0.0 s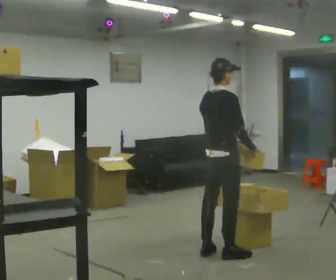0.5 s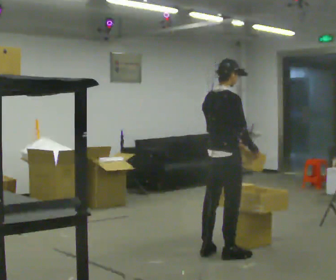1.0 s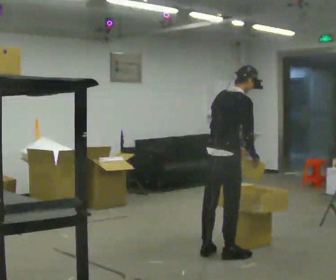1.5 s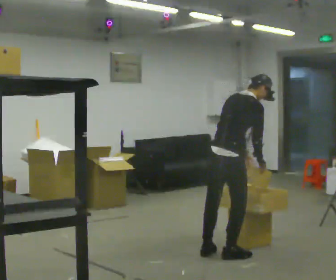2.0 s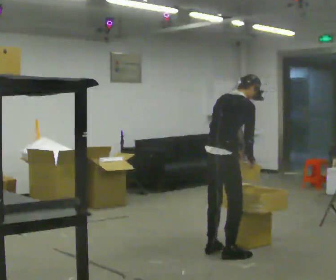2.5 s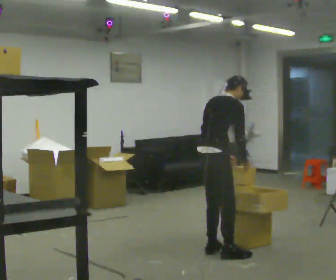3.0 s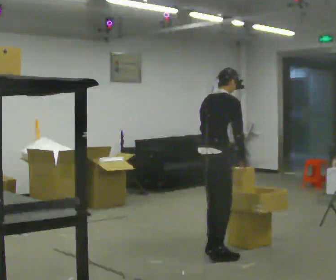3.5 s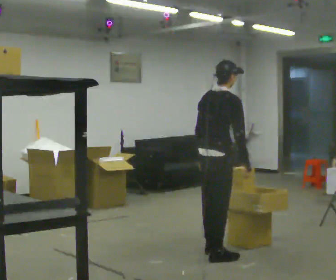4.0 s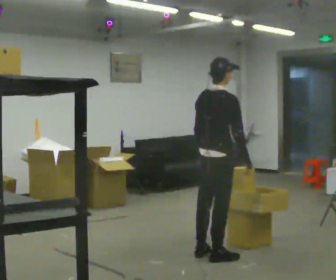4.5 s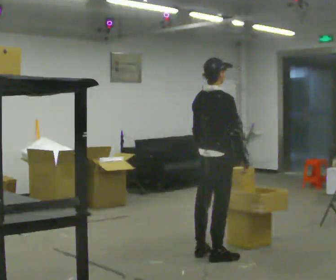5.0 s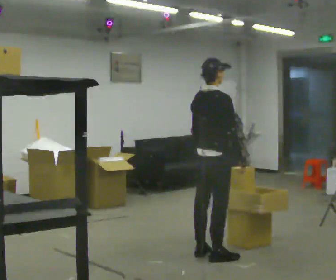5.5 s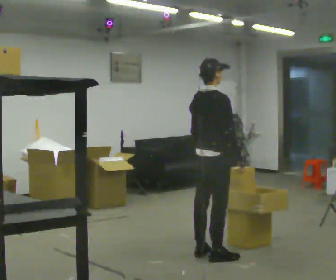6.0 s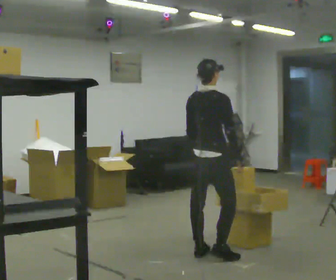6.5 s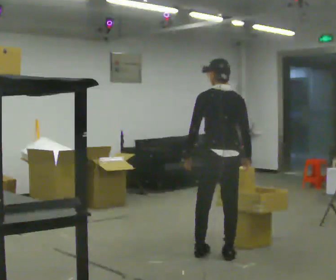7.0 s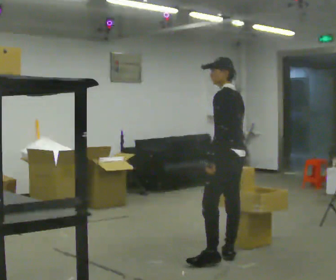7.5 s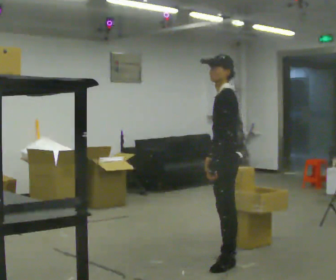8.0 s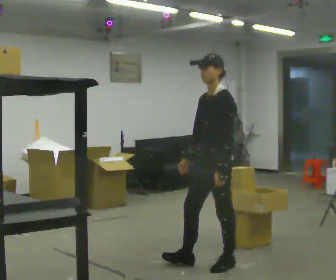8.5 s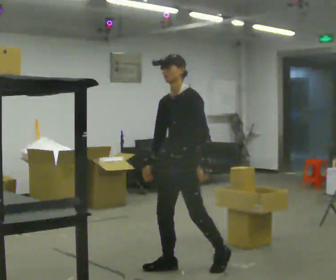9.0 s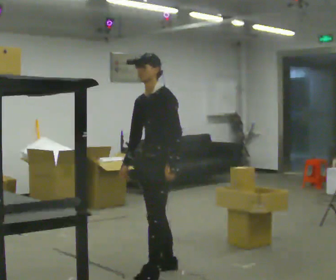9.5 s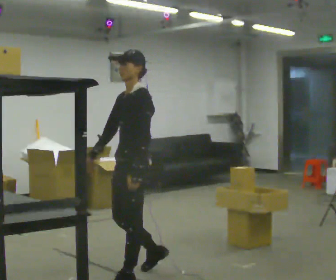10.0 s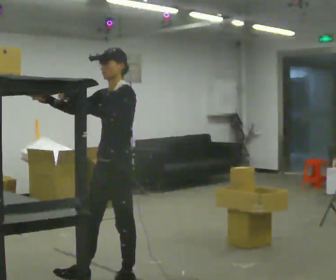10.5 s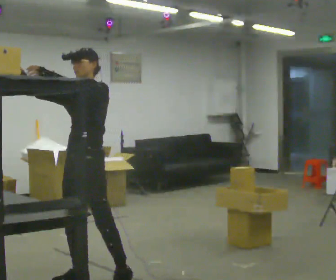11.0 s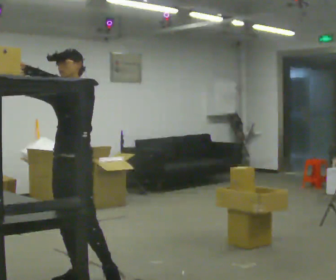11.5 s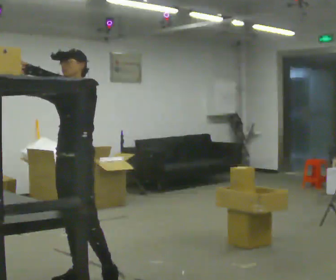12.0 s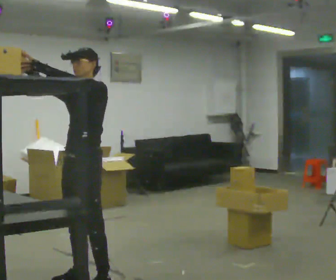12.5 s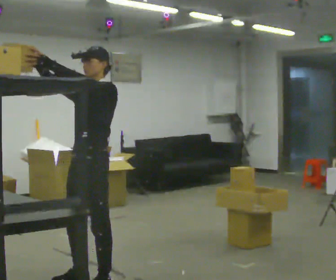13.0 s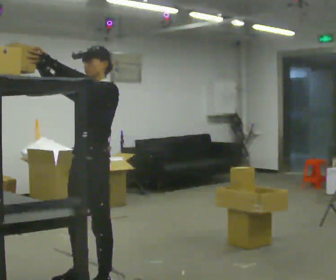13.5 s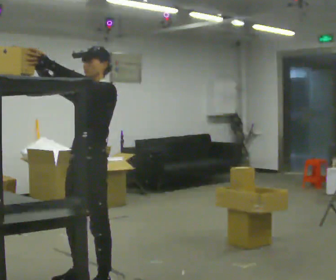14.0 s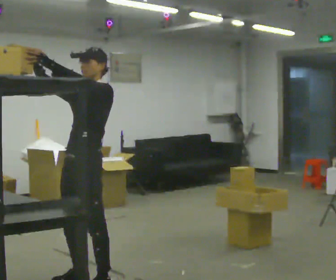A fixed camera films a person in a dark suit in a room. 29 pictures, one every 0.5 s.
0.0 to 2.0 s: In the picture the upper body tilts clockwise, shoulders to the right, as they bend forward.
2.0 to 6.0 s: In the picture the upper body tilts counterclockwise, shoulders to the left, as they lean back or straighten.
6.0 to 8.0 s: The person turns about 150 degrees to their left, counterclockwise seen from above, so the part of the body nearest the lens slides to the right. In the picture they go toward the camera, about 0.5 m in 1 step.
8.0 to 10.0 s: In the picture they go to the left and toward the camera, about 1 m in 3 steps, which for them is forward. In the picture their right hand goes upward, the arm swinging clockwise.
10.0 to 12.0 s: In the picture they go to the left, about 0.25 m in 2 steps, which for them is forward and to their right.
12.0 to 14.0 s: The person moves a little, or ends about where they began.
The film runs forward here.
